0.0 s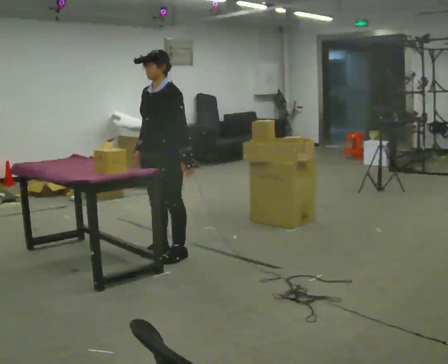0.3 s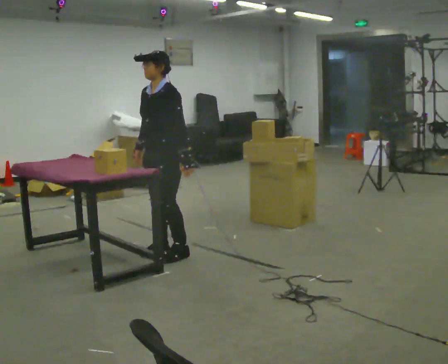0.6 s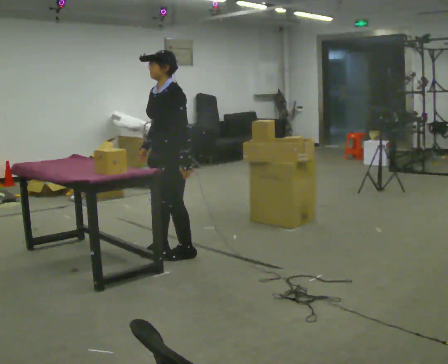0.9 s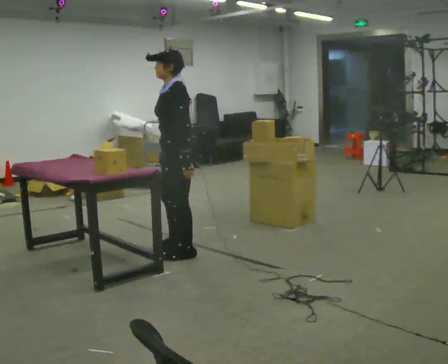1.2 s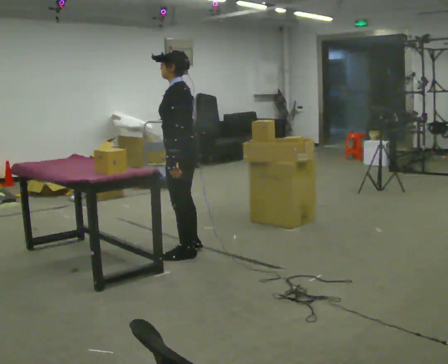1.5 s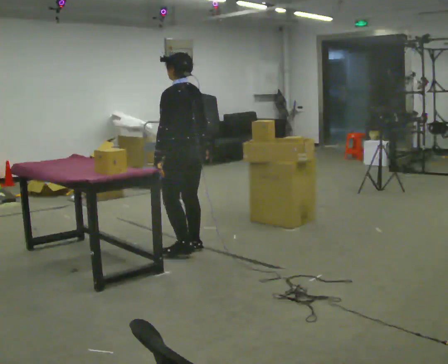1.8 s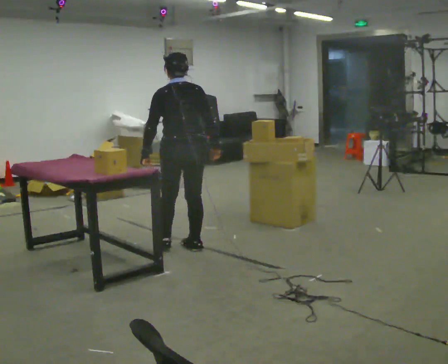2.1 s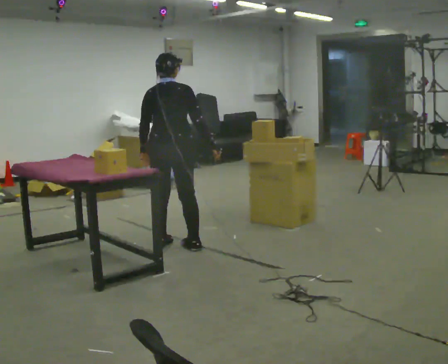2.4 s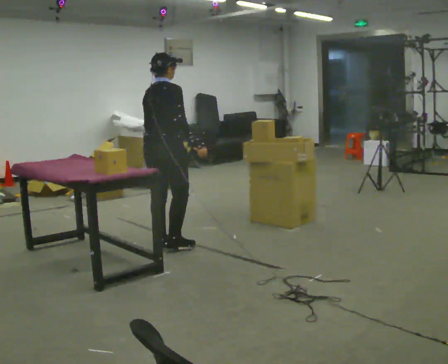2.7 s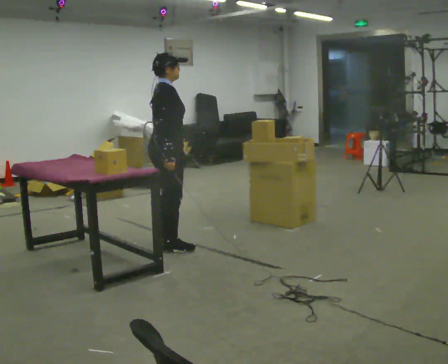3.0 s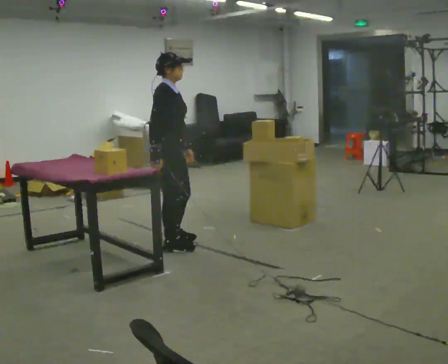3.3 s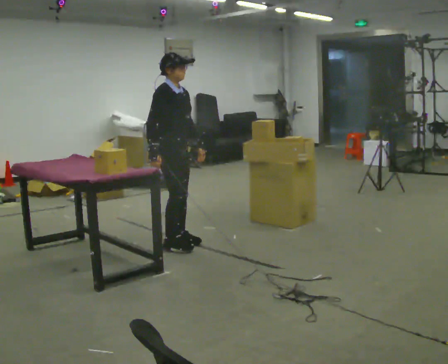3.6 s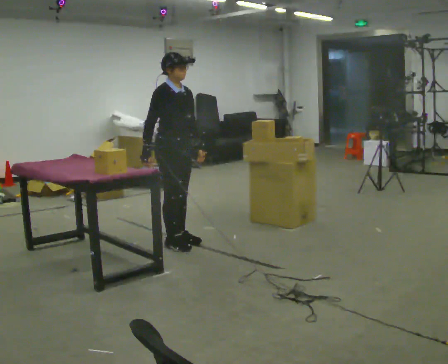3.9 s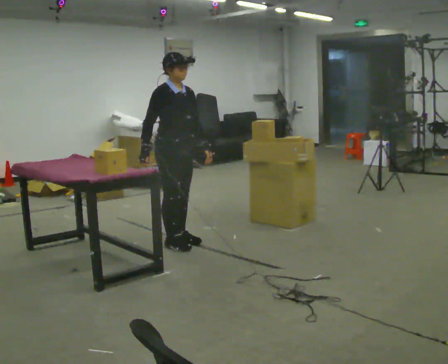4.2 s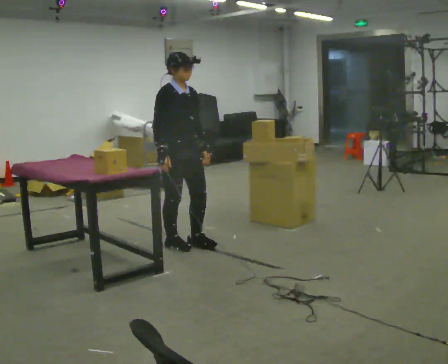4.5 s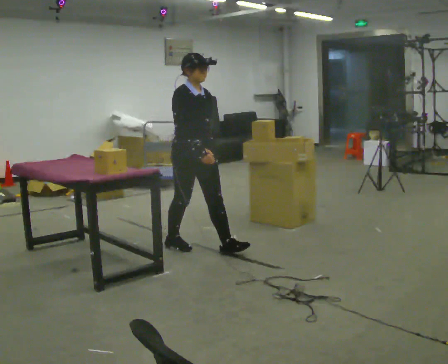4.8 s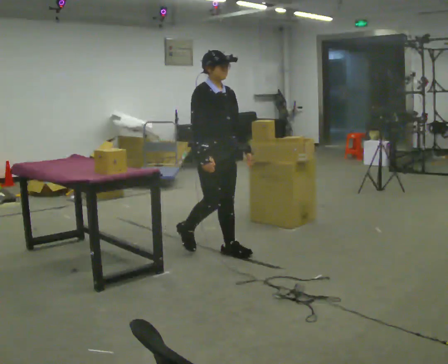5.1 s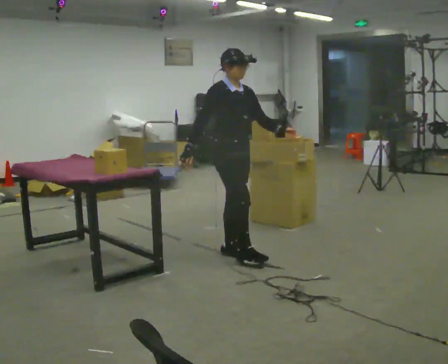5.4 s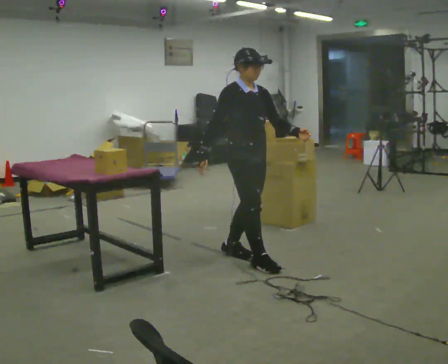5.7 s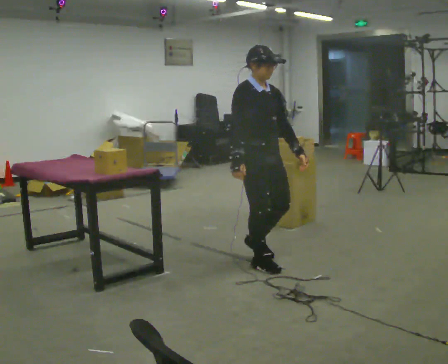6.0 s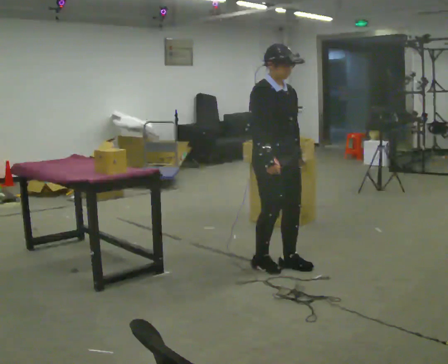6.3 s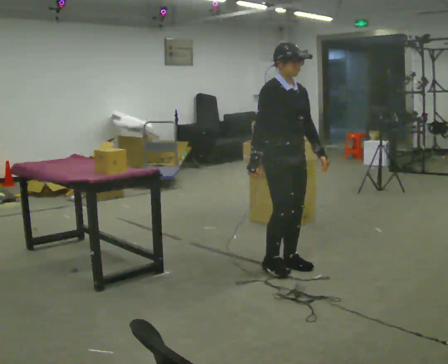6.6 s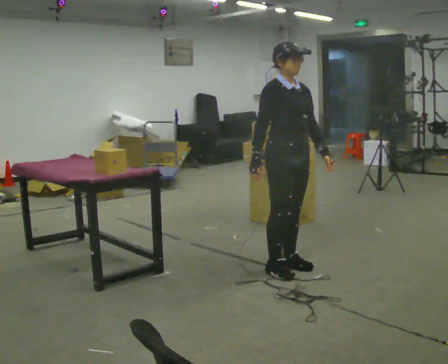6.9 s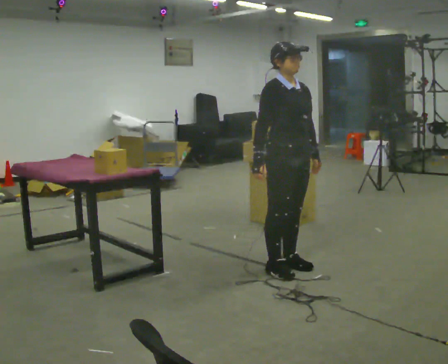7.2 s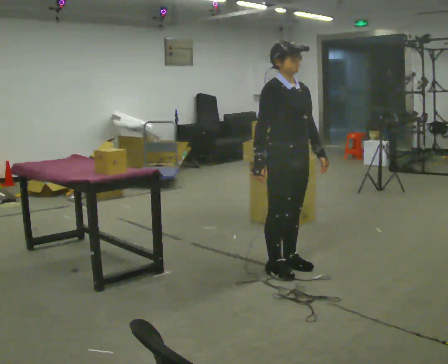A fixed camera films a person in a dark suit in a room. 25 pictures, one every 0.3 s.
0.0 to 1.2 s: Seen from above the body turns clockwise, about 60 degrees: to their right, with its near side sliding to the left. In the picture their right hand goes to the right.
1.2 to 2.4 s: The person turns about 120 degrees to their right, clockwise seen from above, so the part of the body nearest the lens slides to the left. In the picture they go away from the camera, about 0.25 m in 1 step.
2.4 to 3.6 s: The part of the body nearest the lens slides to the left as the person turns to their right by about 75 degrees. In the picture their right hand goes to the left, the arm swinging clockwise.
3.6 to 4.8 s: In the picture they go to the right and toward the camera, about 0.5 m in 1 step, which for them is forward.
4.8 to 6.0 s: In the picture they go toward the camera and to the right, about 0.5 m in 2 steps, which for them is forward.
6.0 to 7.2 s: The person moves a little, or ends about where they began.
The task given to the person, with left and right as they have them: Take the objects the operator names off the crowded shelf, one at a time, and carry each one to the table. You will have to move other things out of the way to reach them. Keep going until the operator says stop; one object at a time, and do not rush between trips.
The film runs forward here.
